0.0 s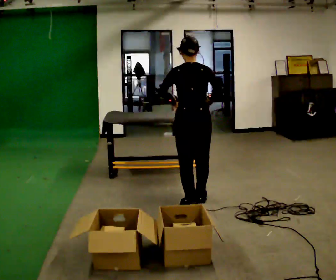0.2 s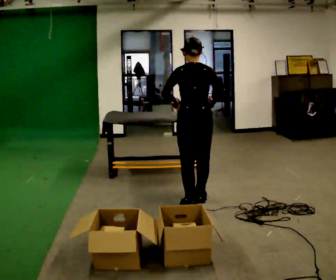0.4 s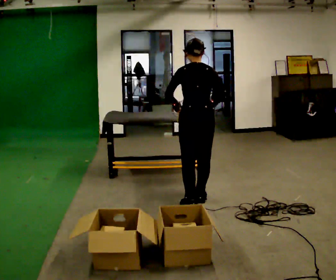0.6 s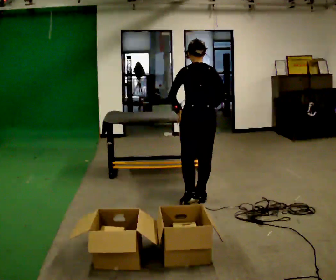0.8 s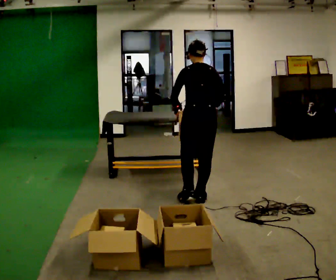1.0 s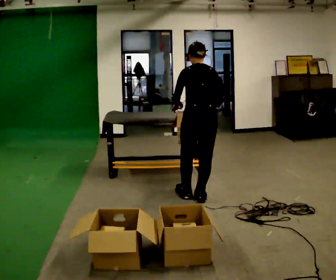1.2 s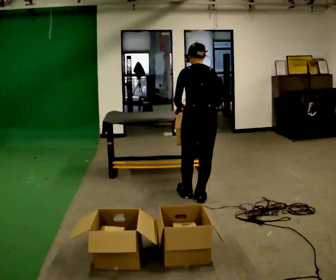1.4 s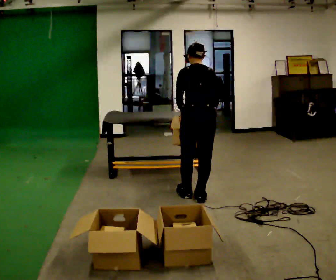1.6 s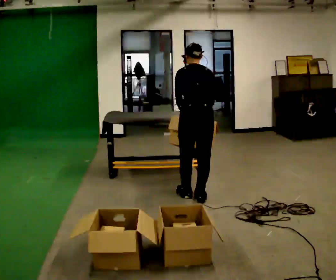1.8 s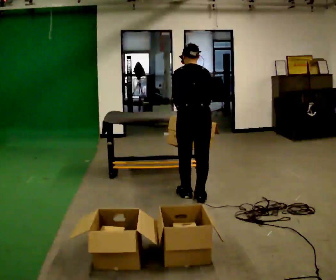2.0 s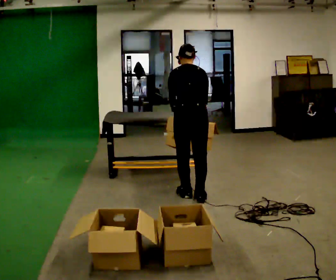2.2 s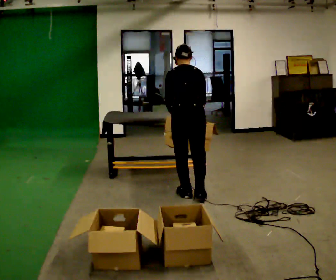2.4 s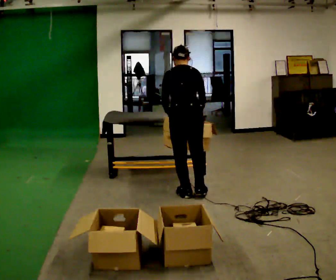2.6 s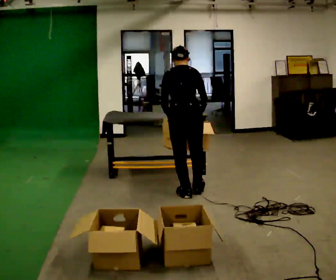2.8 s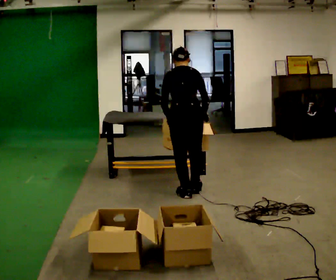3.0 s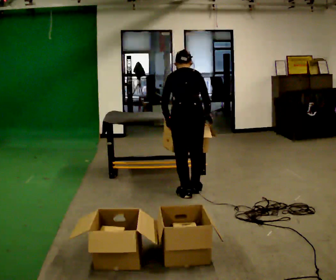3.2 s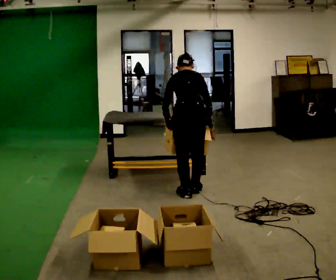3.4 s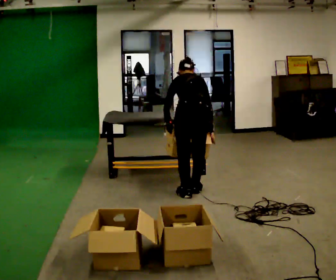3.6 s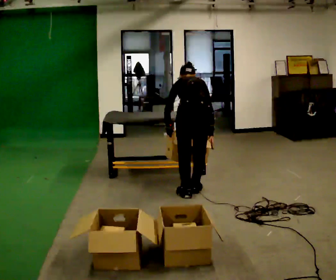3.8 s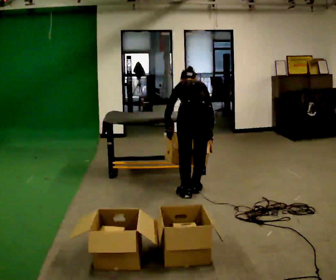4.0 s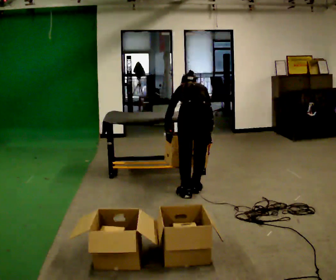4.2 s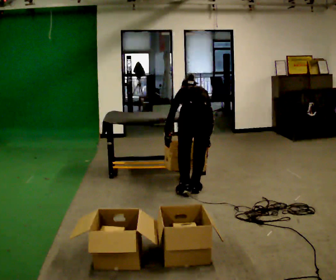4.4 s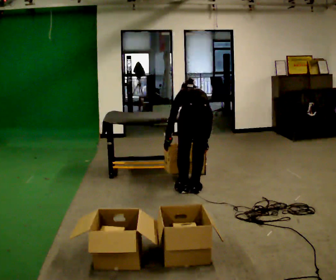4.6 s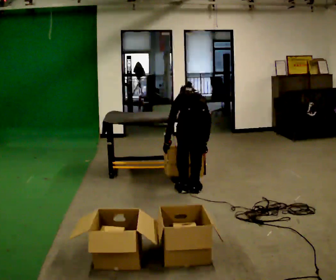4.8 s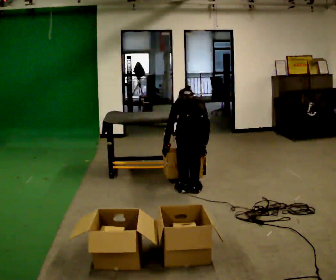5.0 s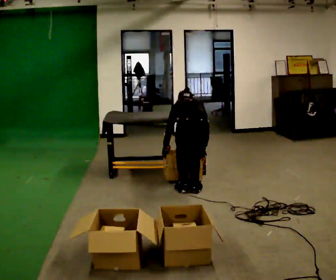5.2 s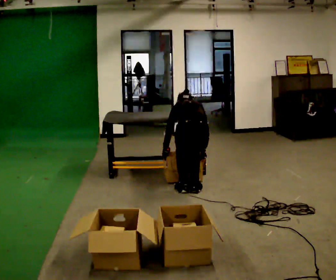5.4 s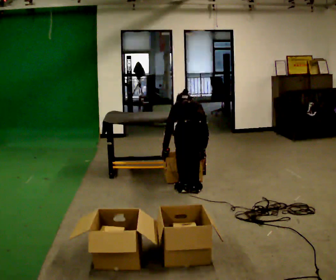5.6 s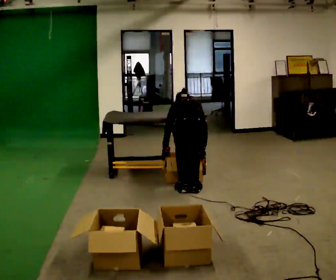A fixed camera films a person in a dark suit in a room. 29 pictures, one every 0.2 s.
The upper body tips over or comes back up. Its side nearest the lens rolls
upward.
Their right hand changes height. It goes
downward.
0.0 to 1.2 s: In the picture they go away from the camera, about 0.25 m in 1 step, which for them is forward.
1.2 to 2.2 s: The person moves a little, or ends about where they began.
2.2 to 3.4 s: The upper body tips away from the camera, its near side rolling upward, as they bend forward.
3.4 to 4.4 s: The shoulders move downward. The upper body tips away from the camera, its near side rolling upward, as they bend forward.
4.4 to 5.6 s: The person moves a little, or ends about where they began.
The film runs forward here.
